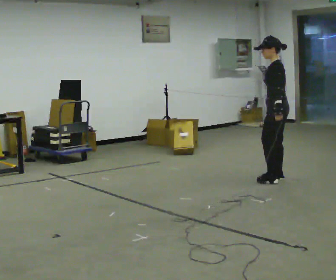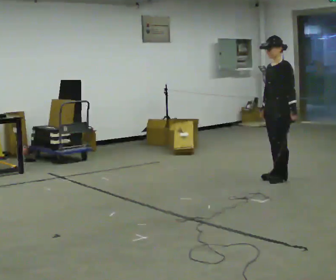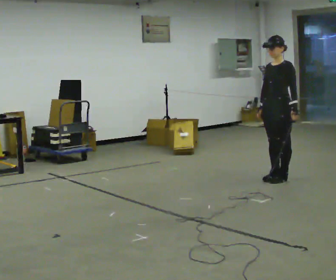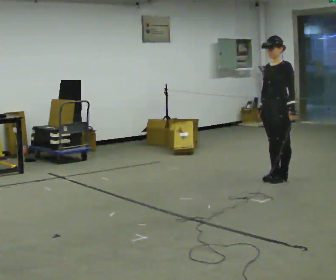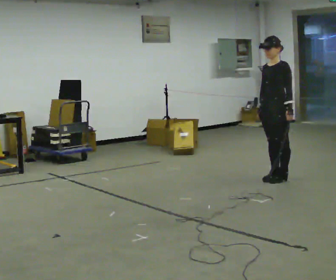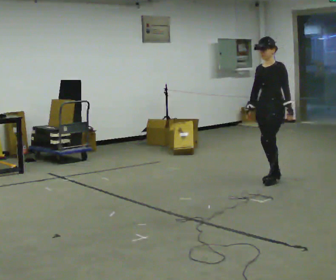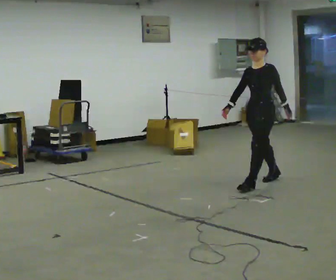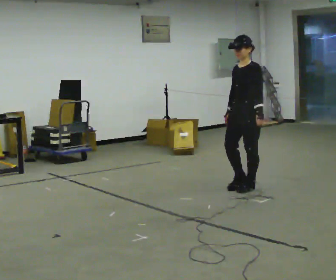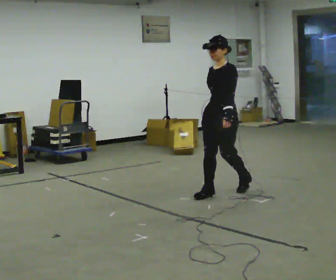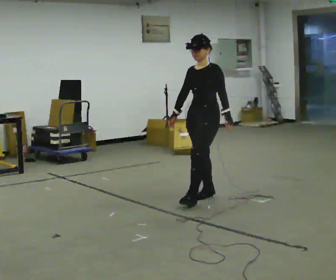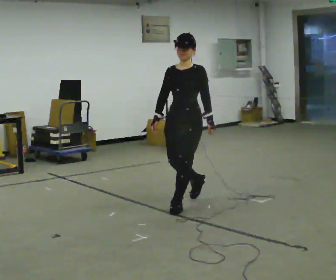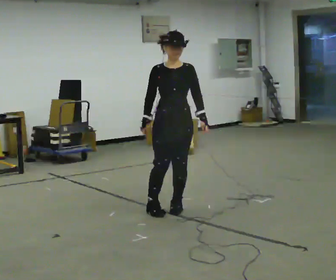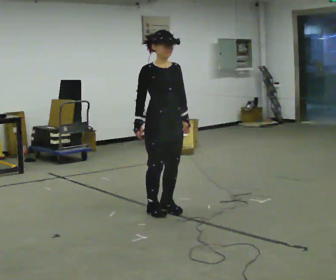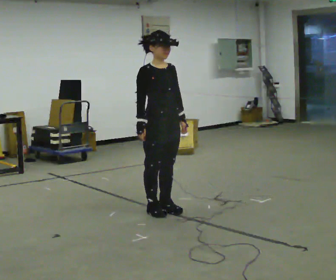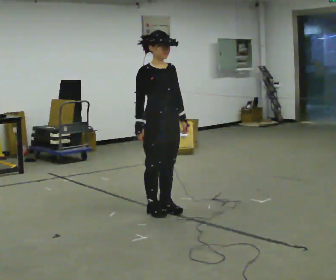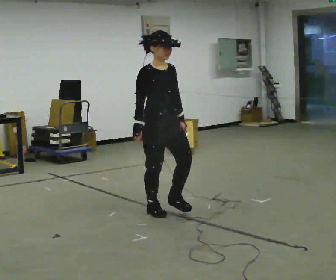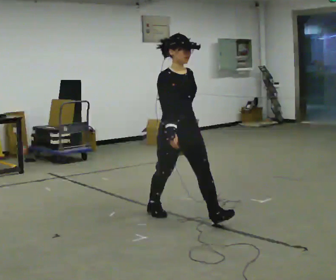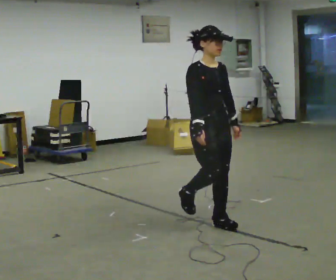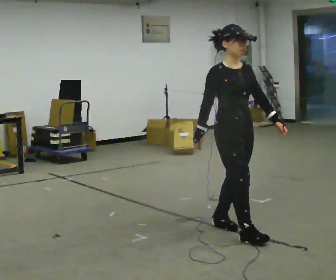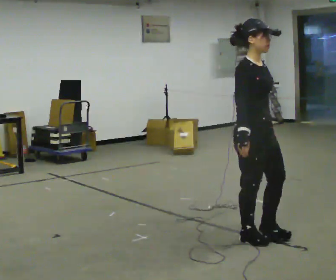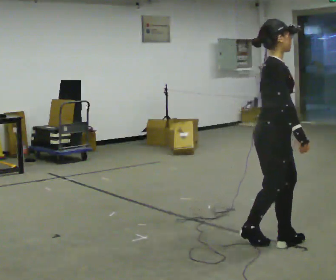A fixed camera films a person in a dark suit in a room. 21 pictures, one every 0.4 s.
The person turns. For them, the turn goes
to their left.
The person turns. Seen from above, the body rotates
counterclockwise.
0.0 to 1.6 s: Seen from above the body turns counterclockwise, about 45 degrees: to their left, with its near side sliding to the right.
1.6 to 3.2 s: In the picture they go to the left and toward the camera, about 1 m in 2 steps, which for them is forward.
3.2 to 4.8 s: Seen from above the body turns counterclockwise, about 75 degrees: to their left, with its near side sliding to the right. In the picture they go to the left and toward the camera, about 1 m in 3 steps.
4.8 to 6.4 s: In the picture they go toward the camera and to the right, about 0.25 m in 1 step, which for them is forward.
6.4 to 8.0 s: The person turns about 45 degrees to their left, counterclockwise seen from above, so the part of the body nearest the lens slides to the right. In the picture they go toward the camera and to the right, about 1 m in 2 steps, which for them is forward.
The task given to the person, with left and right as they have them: Walk straight; turn 90° left/right while continuing to walk; continue.
The film runs forward here.
